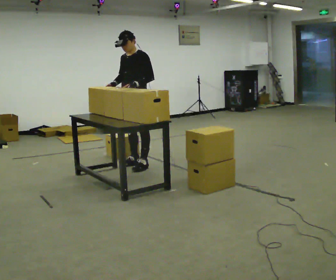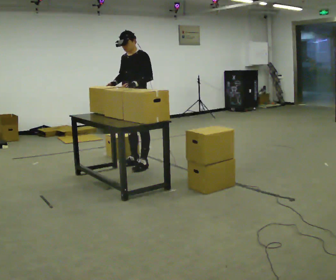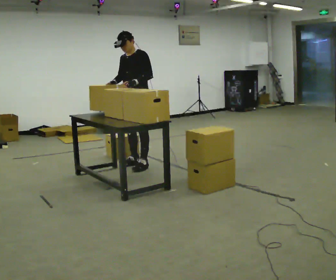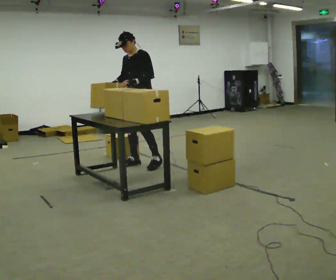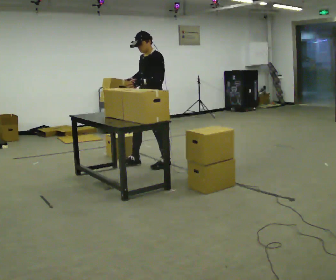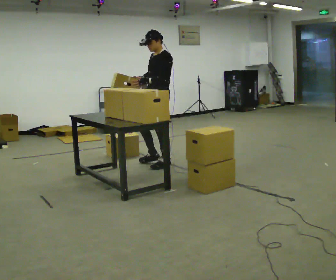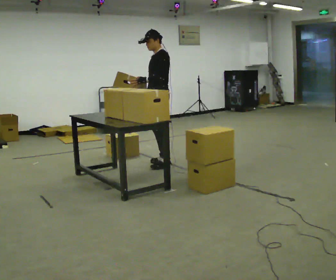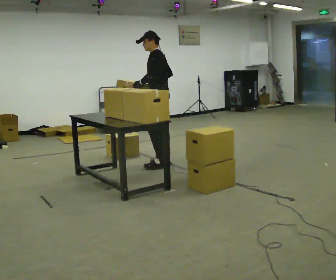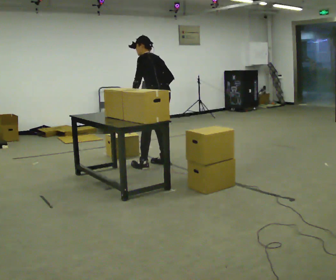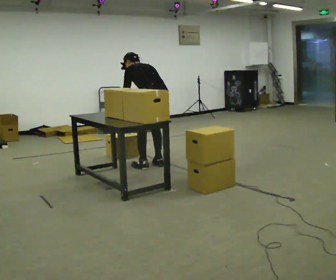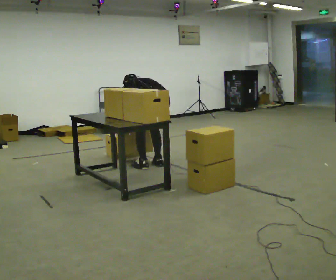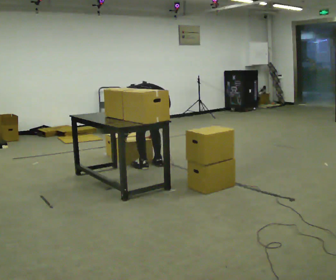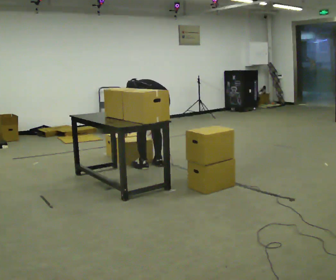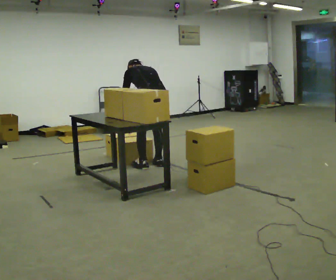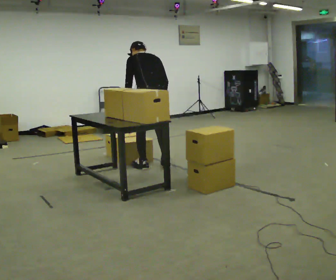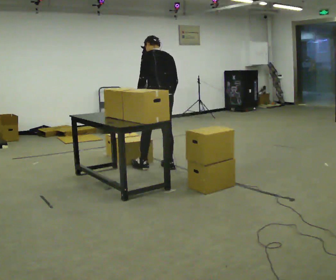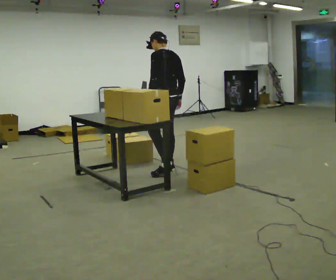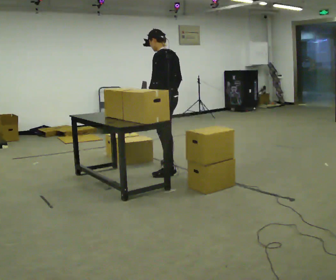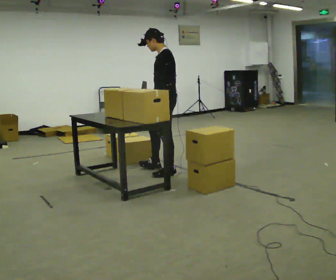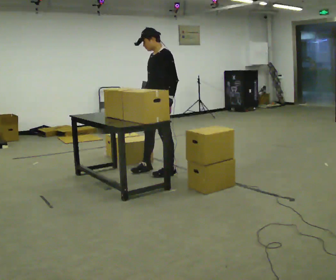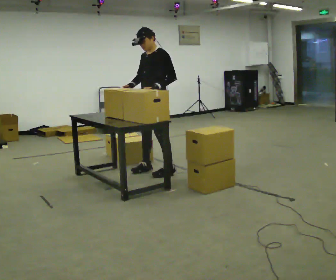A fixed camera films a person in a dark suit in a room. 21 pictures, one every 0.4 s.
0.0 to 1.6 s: In the picture they go to the right, about 0.25 m in 1 step, which for them is to their left and backward.
1.6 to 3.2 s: The person turns about 75 degrees to their right, clockwise seen from above, so the part of the body nearest the lens slides to the left. The upper body tips away from the camera, its near side rolling upward, as they bend forward. In the picture their right hand goes to the right, the arm swinging counterclockwise.
3.2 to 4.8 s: The shoulders move downward. The upper body tips away from the camera, its near side rolling upward, as they bend forward. In the picture their right hand goes downward.
4.8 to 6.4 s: The upper body goes upward. The upper body tips toward the camera, its near side rolling downward, as they lean back or straighten. In the picture their right hand goes upward and to the right.
6.4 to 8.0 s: The part of the body nearest the lens slides to the right as the person turns to their left by about 75 degrees. In the picture their right hand goes to the left, the arm swinging clockwise.
The film runs backward here.
